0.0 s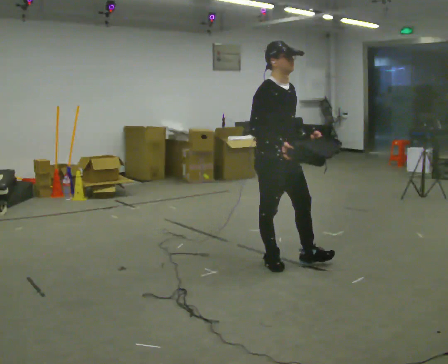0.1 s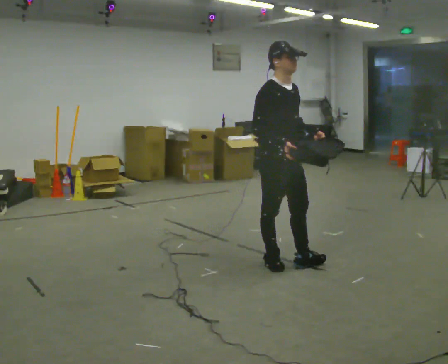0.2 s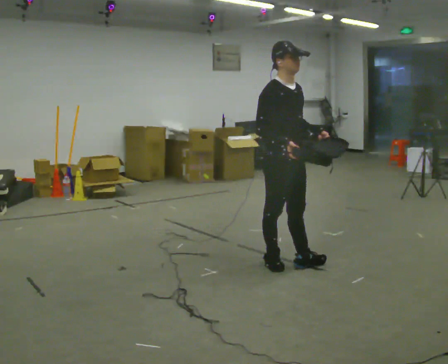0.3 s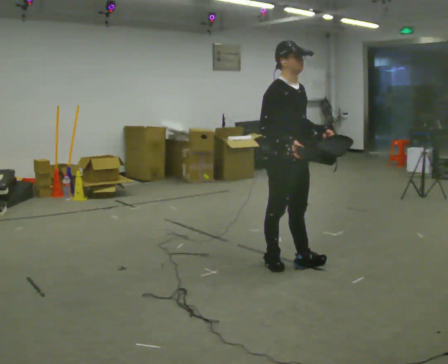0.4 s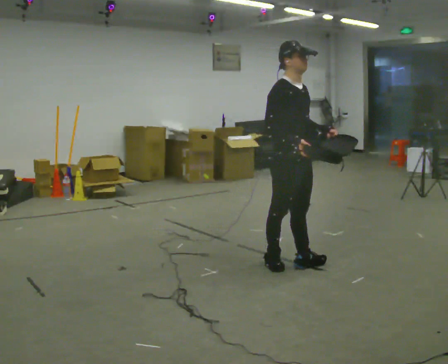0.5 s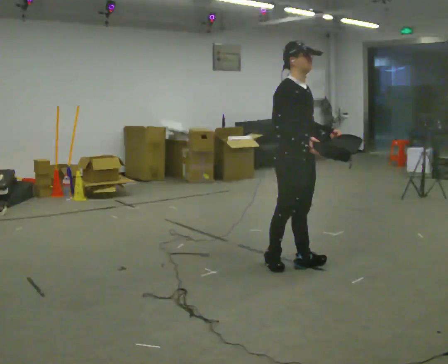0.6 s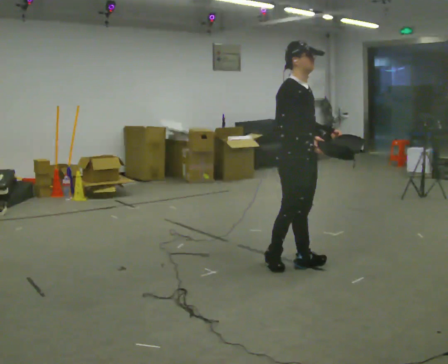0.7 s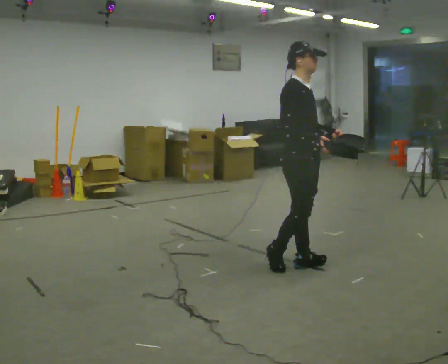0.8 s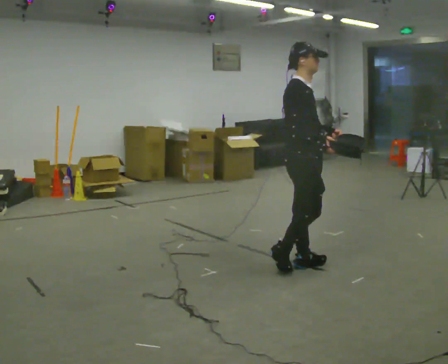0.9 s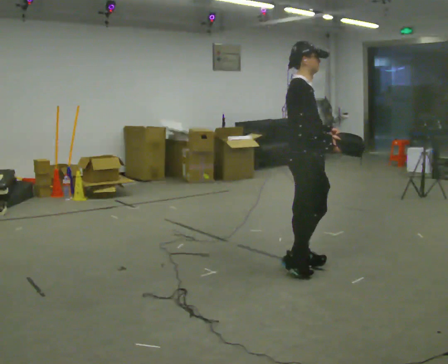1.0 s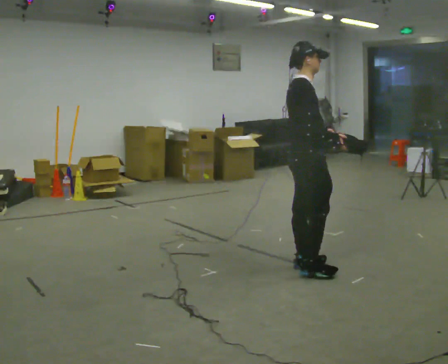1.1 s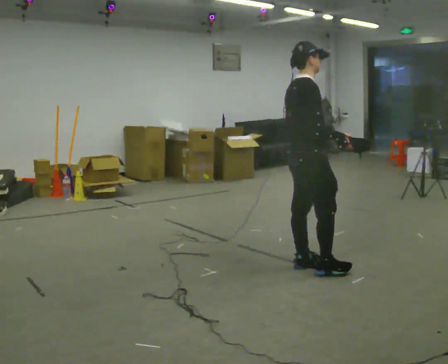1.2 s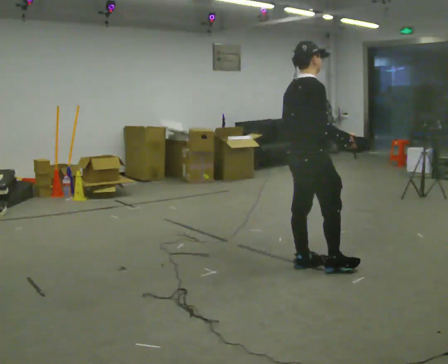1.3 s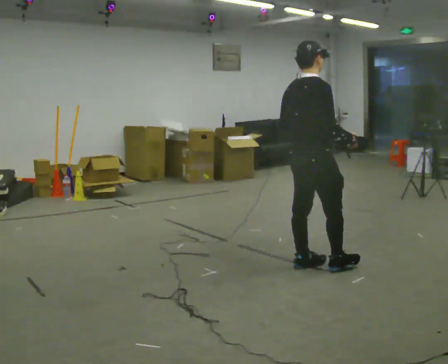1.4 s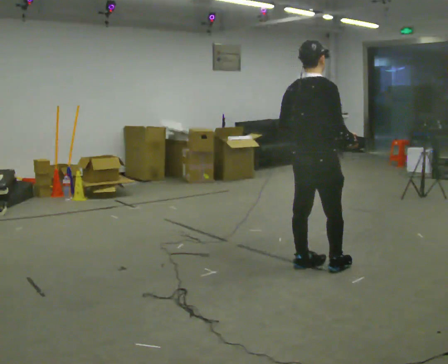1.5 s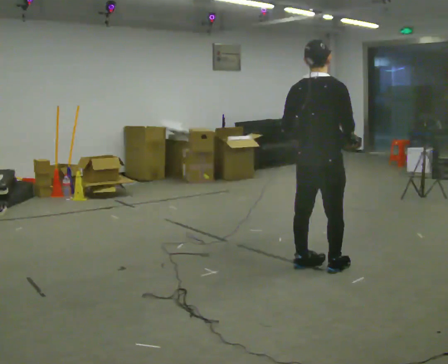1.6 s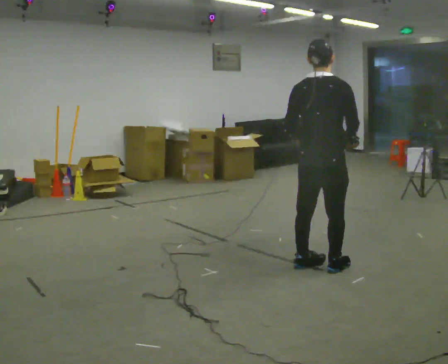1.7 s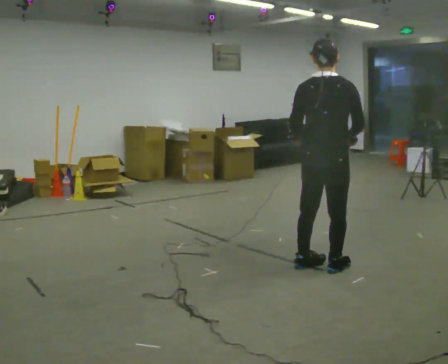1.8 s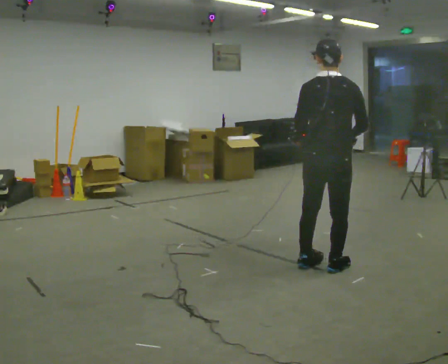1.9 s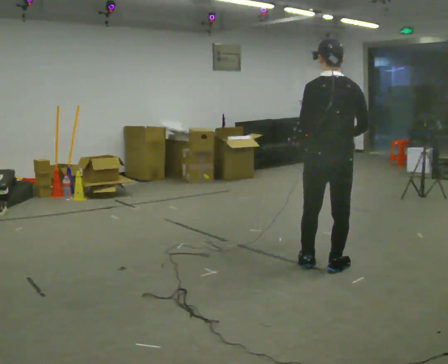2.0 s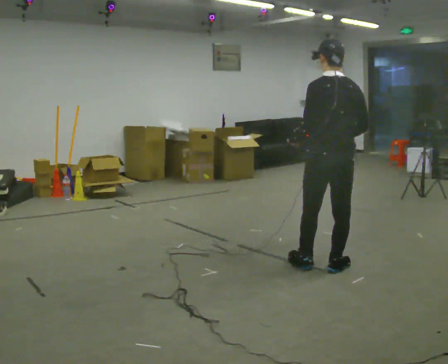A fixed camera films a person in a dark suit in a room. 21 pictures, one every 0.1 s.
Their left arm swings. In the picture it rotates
clockwise.
The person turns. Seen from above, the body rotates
counterclockwise.
0.0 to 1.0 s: The person turns about 45 degrees to their left, counterclockwise seen from above, so the part of the body nearest the lens slides to the right. In the picture they go to the right, about 0.25 m in 1 step, which for them is forward. In the picture their right hand goes to the right.
1.0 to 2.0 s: The person turns about 90 degrees to their left, counterclockwise seen from above, so the part of the body nearest the lens slides to the right. In the picture they go to the right, about 0.25 m in 1 step.
The film runs forward here.
